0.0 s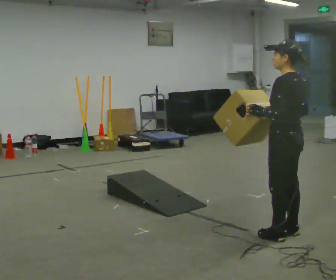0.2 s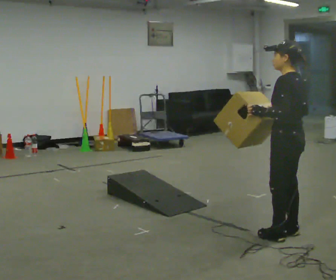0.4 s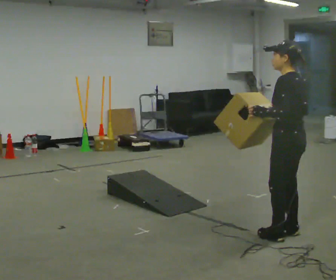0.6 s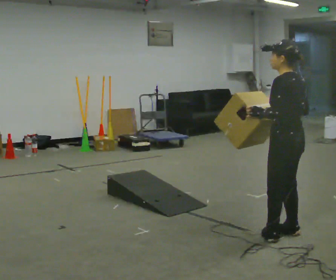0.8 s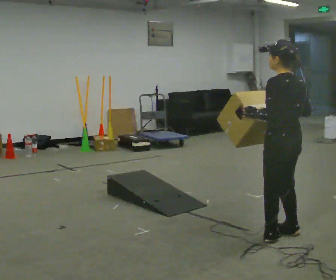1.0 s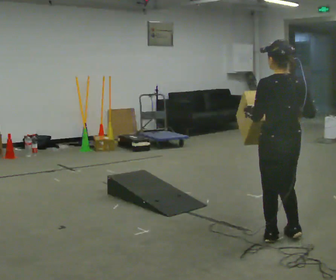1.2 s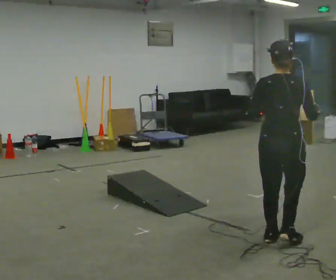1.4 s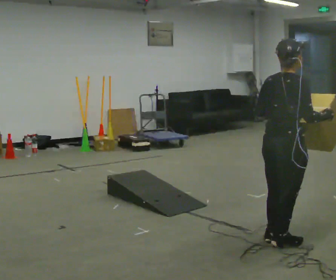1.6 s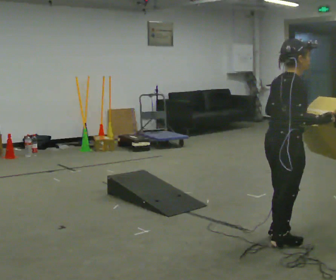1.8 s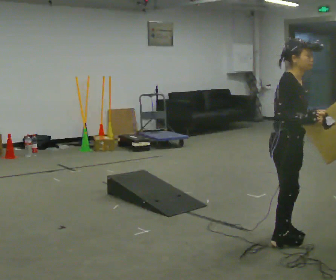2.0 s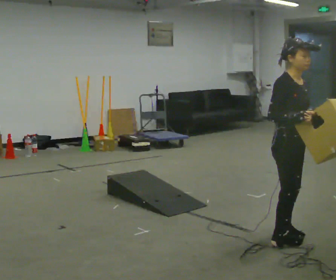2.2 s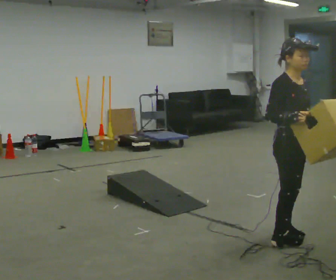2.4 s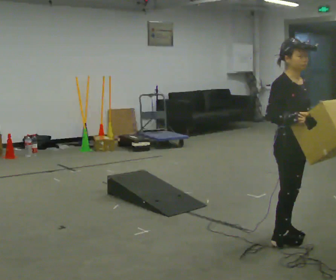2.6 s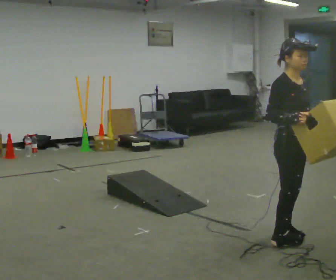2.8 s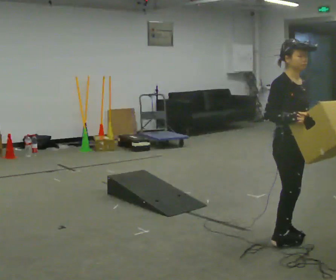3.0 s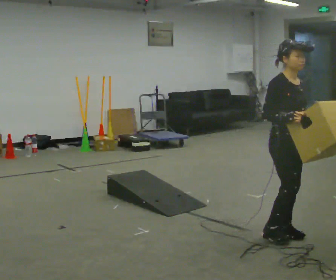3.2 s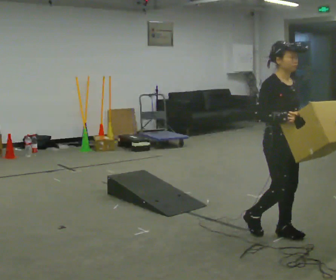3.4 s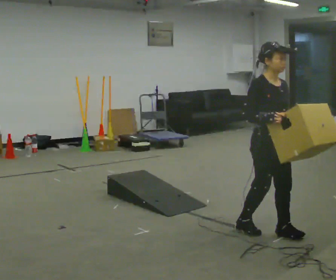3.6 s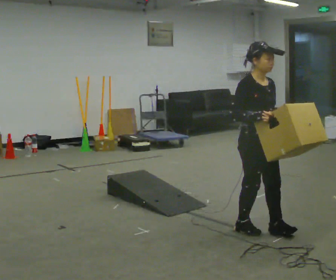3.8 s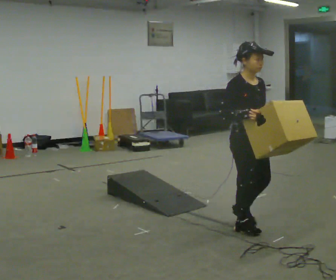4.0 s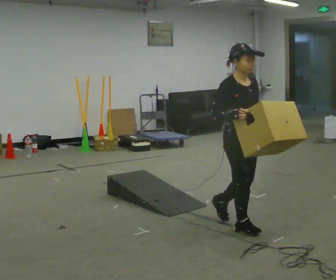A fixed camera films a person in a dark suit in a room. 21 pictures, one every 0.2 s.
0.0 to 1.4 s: Seen from above the body turns clockwise, about 105 degrees: to their right, with its near side sliding to the left. In the picture they go toward the camera, about 0.25 m in 1 step.
1.4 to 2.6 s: The part of the body nearest the lens slides to the left as the person turns to their right by about 90 degrees.
2.6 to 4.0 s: In the picture they go to the left and away from the camera, about 0.5 m in 2 steps, which for them is backward.
The film runs backward here.
